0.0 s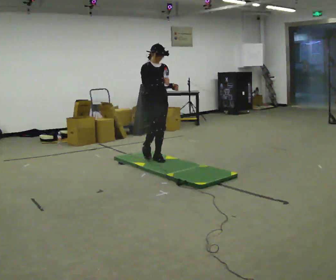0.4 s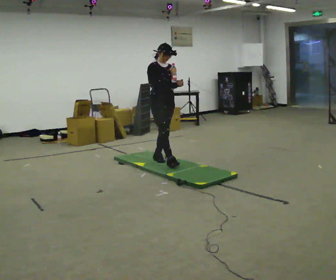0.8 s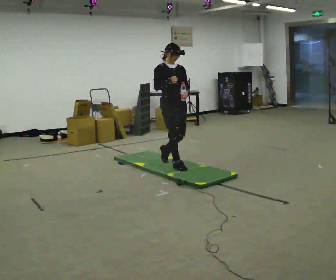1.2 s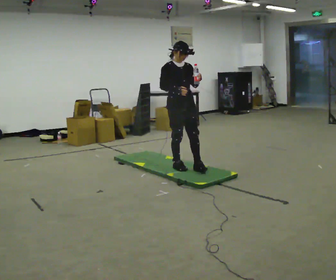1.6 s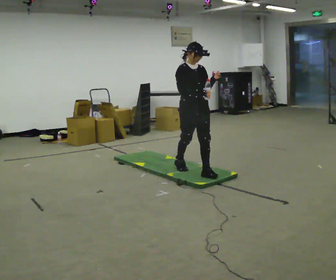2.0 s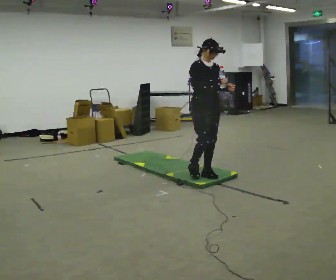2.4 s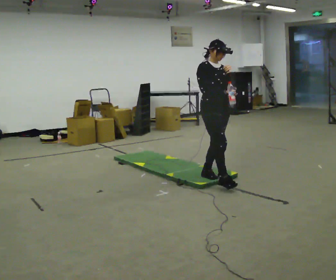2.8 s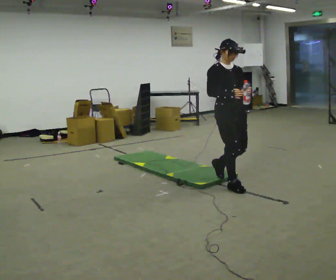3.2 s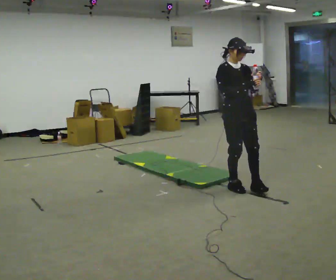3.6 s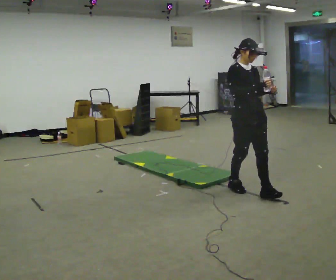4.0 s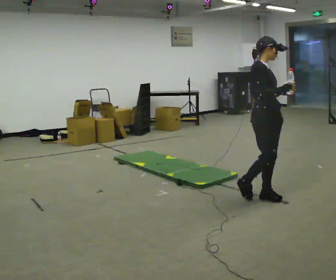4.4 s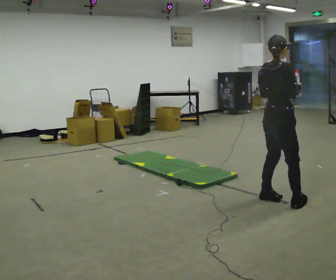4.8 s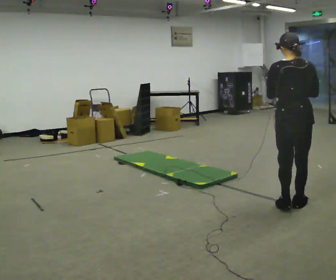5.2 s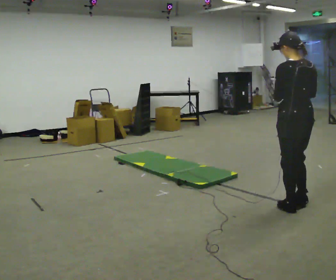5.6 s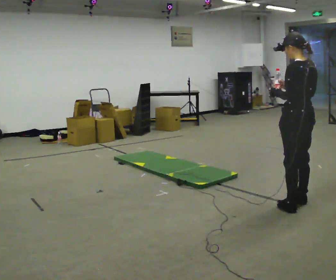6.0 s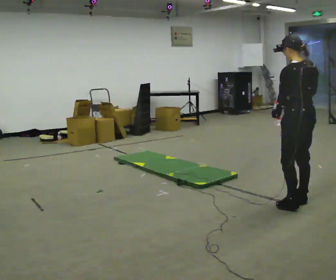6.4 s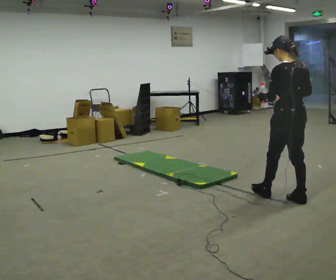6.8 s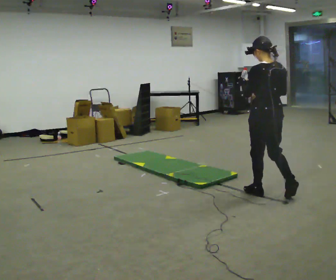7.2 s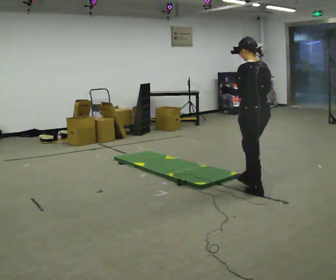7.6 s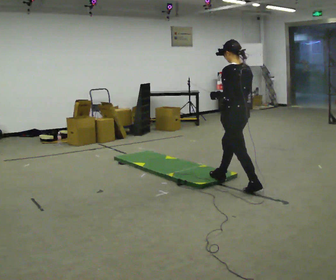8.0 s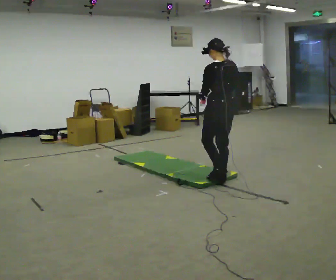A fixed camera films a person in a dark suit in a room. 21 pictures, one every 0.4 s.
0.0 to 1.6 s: In the picture they go to the right and toward the camera, about 1 m in 2 steps, which for them is forward.
1.6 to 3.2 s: In the picture they go to the right and toward the camera, about 0.5 m in 1 step, which for them is forward.
3.2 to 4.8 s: The part of the body nearest the lens slides to the right as the person turns to their left by about 135 degrees. In the picture they go to the right and toward the camera, about 1 m in 2 steps.
4.8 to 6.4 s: The person turns about 45 degrees to their left, counterclockwise seen from above, so the part of the body nearest the lens slides to the right. In the picture they go away from the camera, about 0.25 m in 1 step, which for them is to their right and forward.
6.4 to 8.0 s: In the picture they go to the left and away from the camera, about 1 m in 2 steps, which for them is forward.
The film runs forward here.
